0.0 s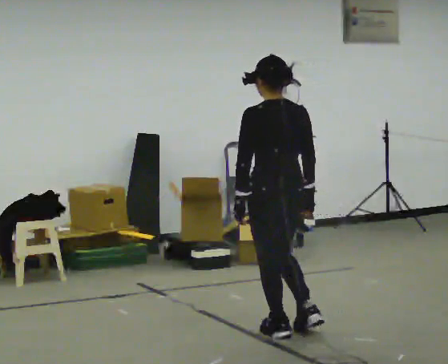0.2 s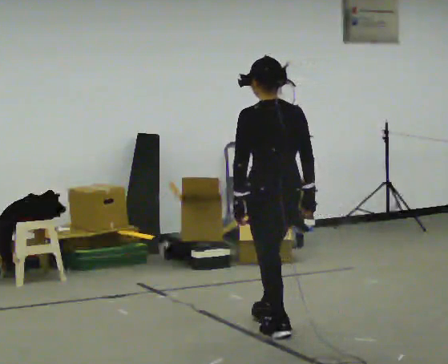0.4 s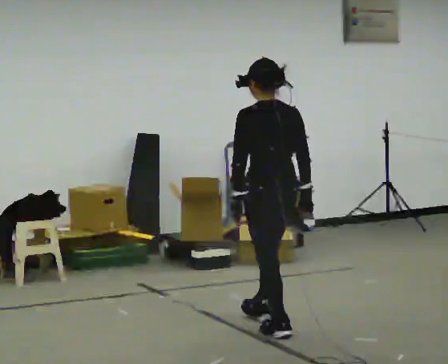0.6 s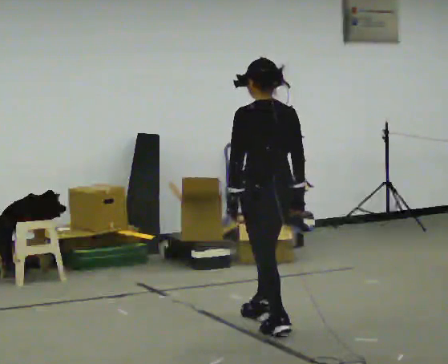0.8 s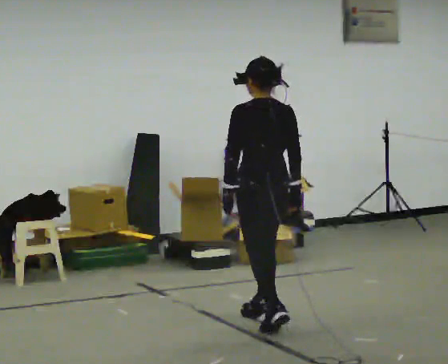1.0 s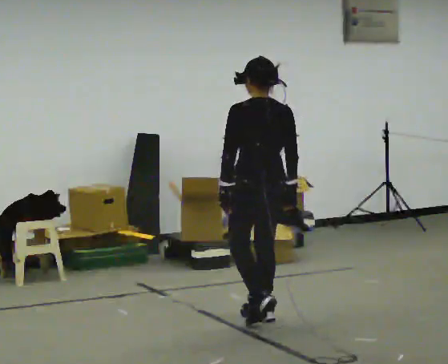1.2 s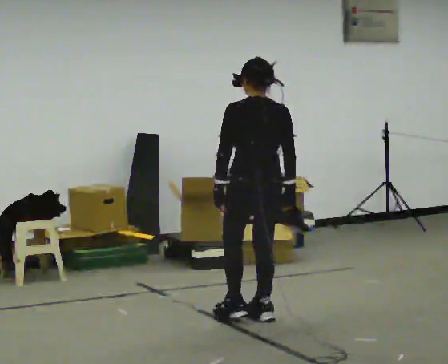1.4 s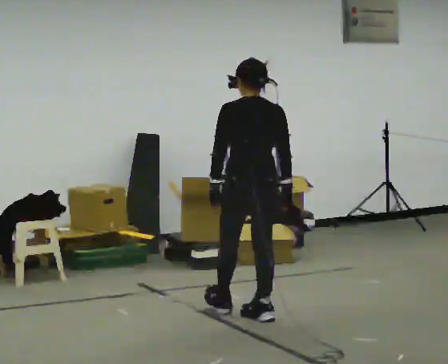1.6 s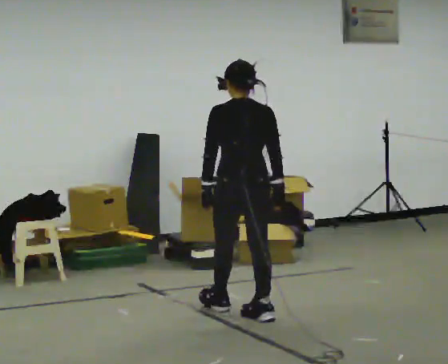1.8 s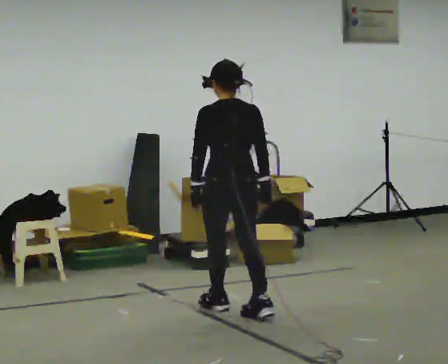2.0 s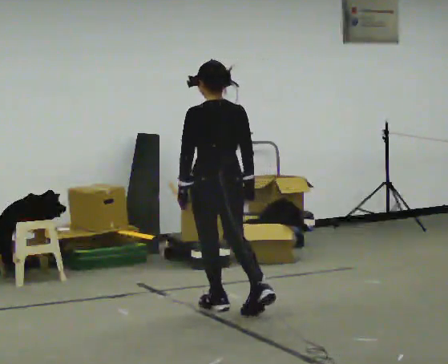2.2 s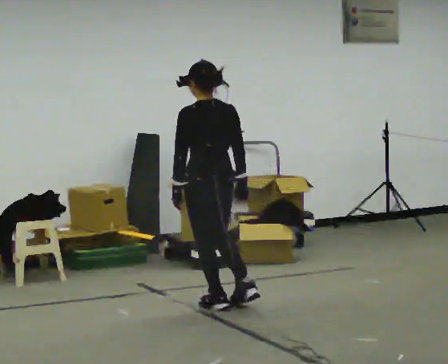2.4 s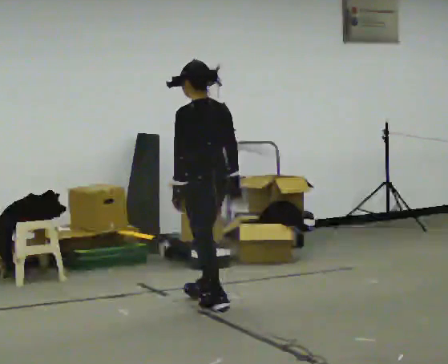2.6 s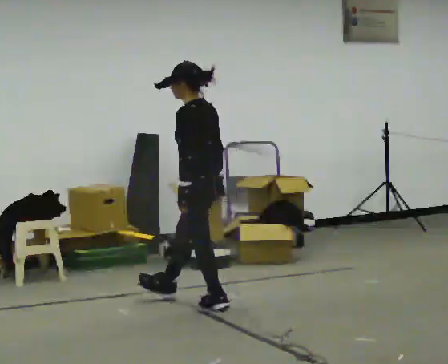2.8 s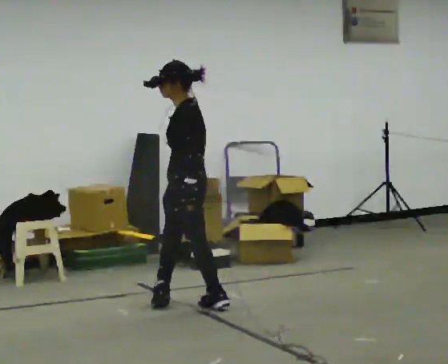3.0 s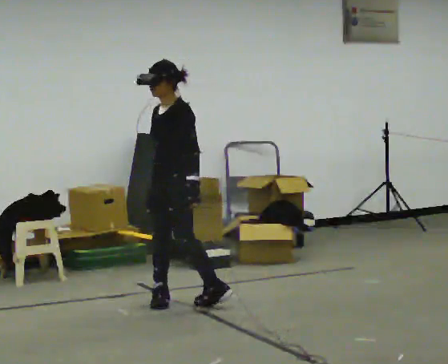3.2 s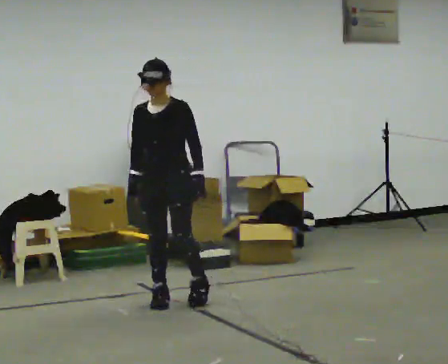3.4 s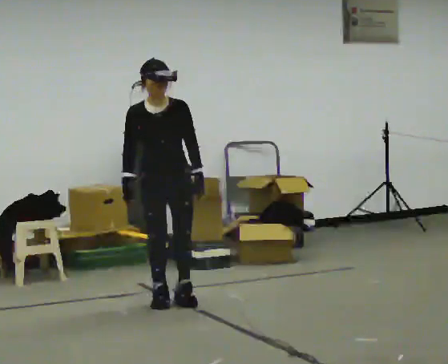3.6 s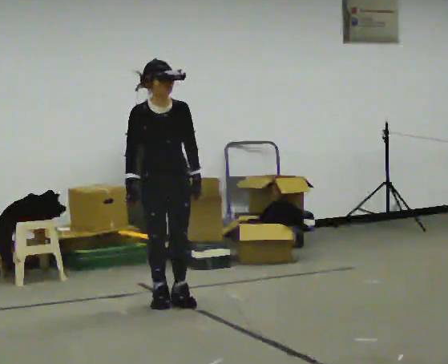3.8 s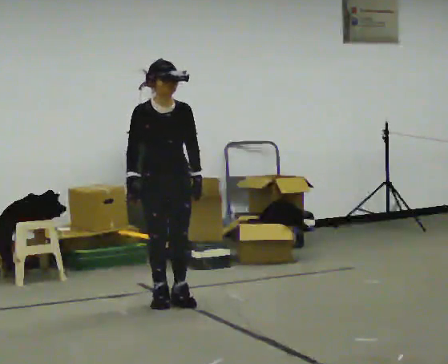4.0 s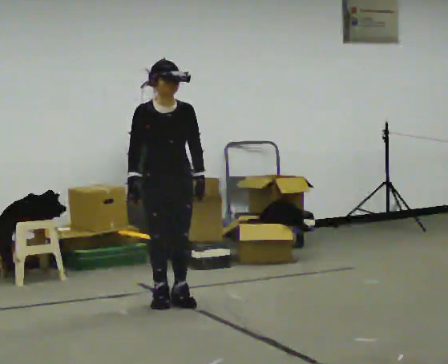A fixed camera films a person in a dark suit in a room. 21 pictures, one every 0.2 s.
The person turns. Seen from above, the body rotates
counterclockwise.
The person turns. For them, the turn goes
to their left.
0.0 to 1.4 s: In the picture they go away from the camera, about 0.5 m in 1 step, which for them is forward.
1.4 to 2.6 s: The person turns about 60 degrees to their left, counterclockwise seen from above, so the part of the body nearest the lens slides to the right. In the picture they go away from the camera and to the left, about 0.5 m in 1 step.
2.6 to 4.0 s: Seen from above the body turns counterclockwise, about 120 degrees: to their left, with its near side sliding to the right. In the picture they go to the left, about 0.25 m in 2 steps. In the picture their right hand goes to the left.
The film runs forward here.
